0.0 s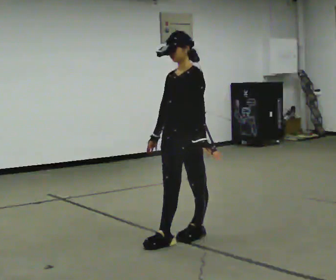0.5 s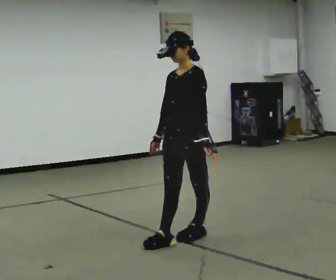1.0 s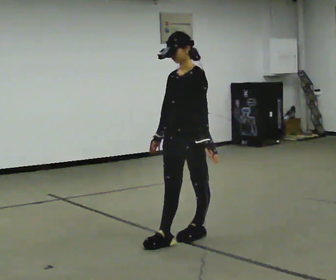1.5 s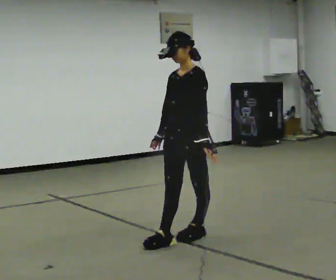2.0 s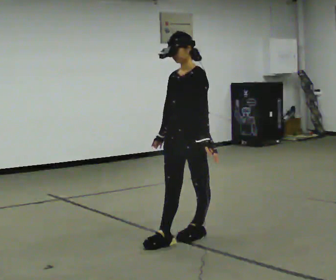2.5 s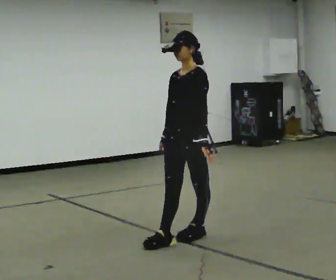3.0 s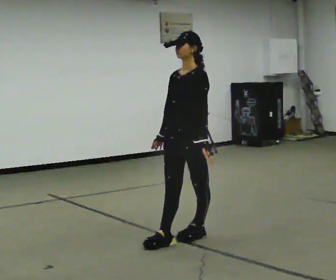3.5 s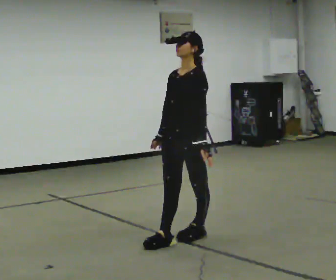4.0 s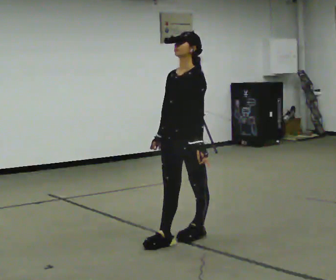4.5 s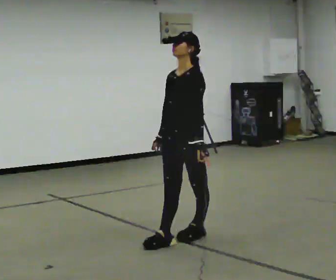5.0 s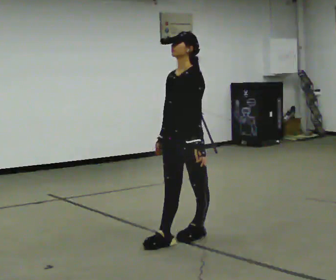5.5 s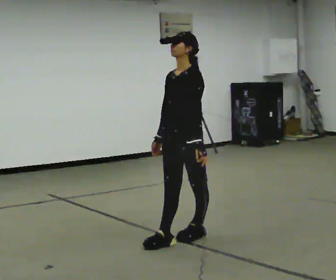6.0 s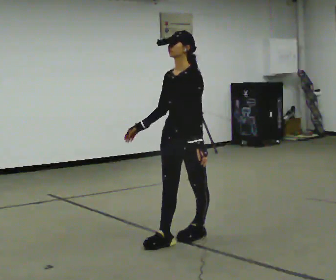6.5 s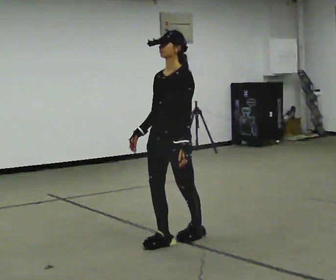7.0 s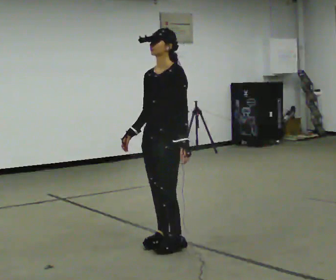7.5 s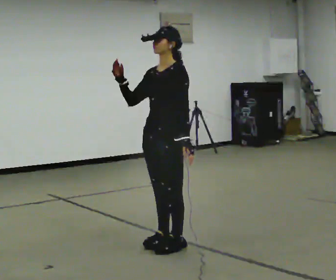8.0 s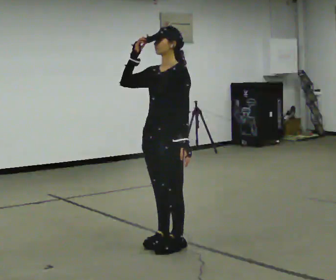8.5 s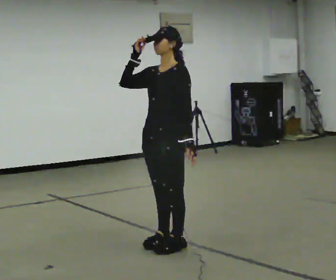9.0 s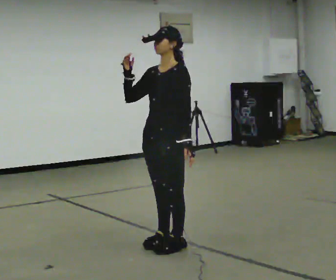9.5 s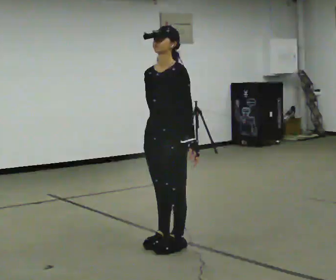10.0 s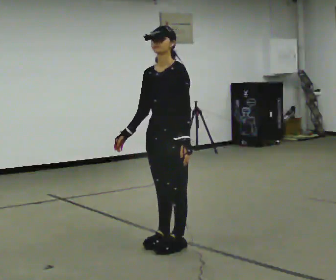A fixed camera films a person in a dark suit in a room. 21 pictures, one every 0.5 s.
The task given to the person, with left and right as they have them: Stand with one foot directly in front of the other, heel to toe, on the marked line. Hold your balance until you lose it, then step out. Repeat at your own pace until the operator says stop. Go slowly and only as far as you are comfortable. Step whenever you need to; do not try to hold on longer than feels safe.
0.0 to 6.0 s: The person moves a little, or ends about where they began.
6.0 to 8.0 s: In the picture they go toward the camera, about 0.25 m in 1 step, which for them is forward. In the picture their right hand goes upward.
8.0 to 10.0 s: In the picture their right hand goes downward.
The film runs forward here.
